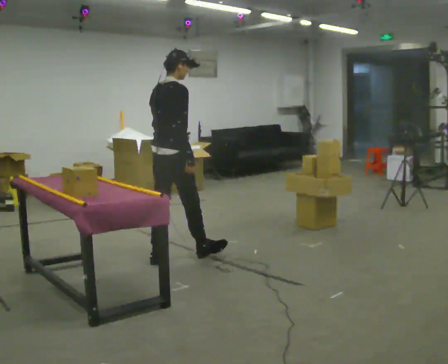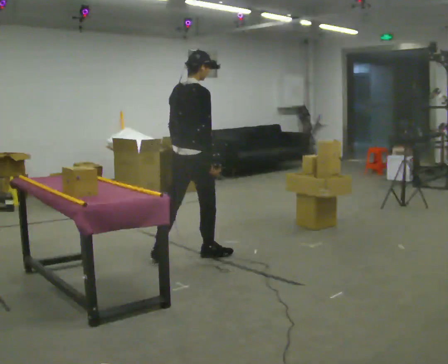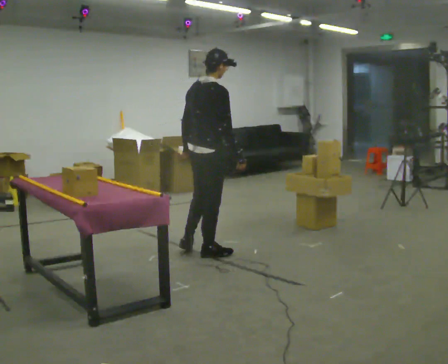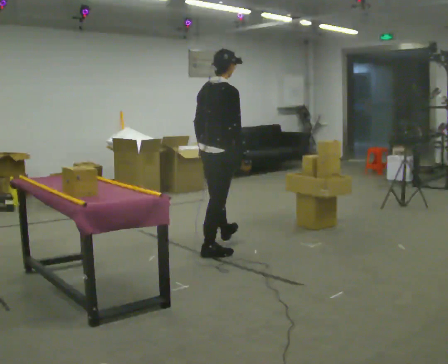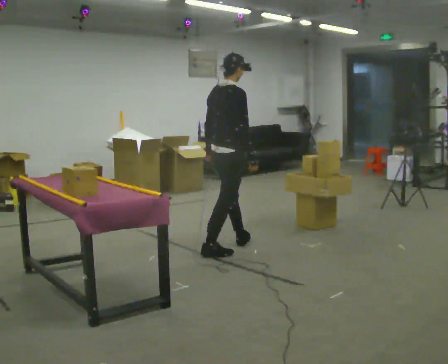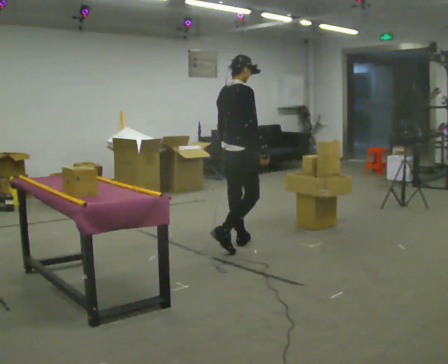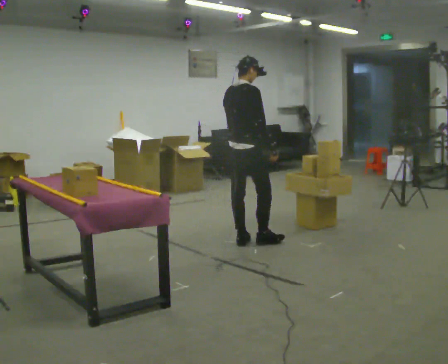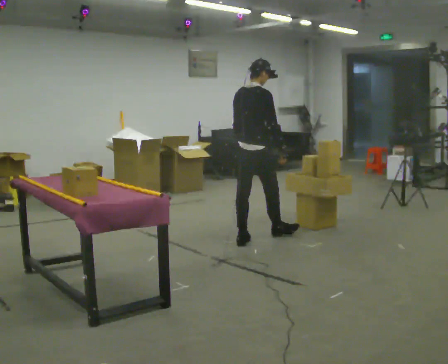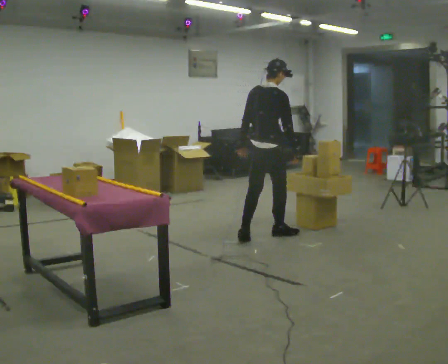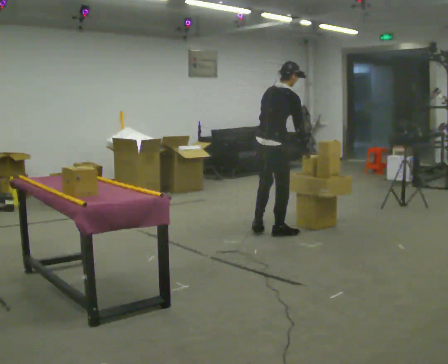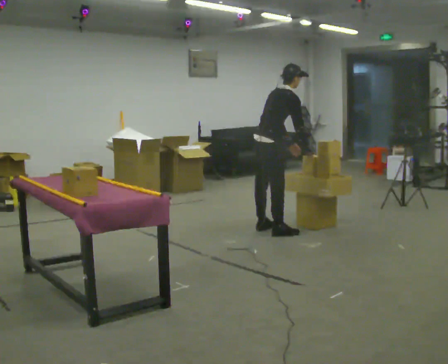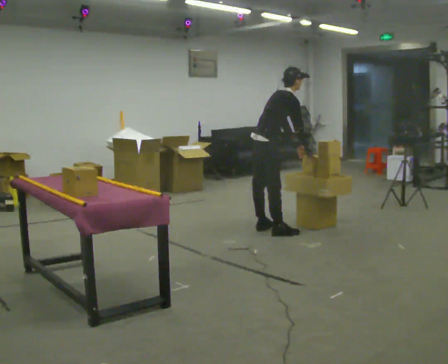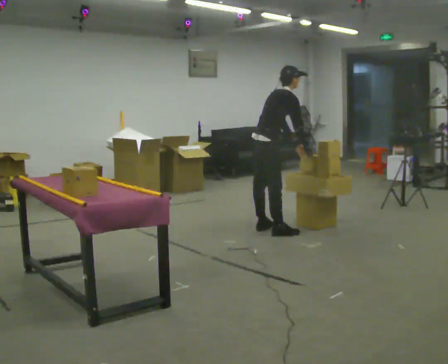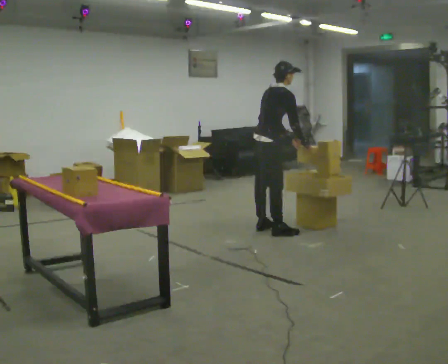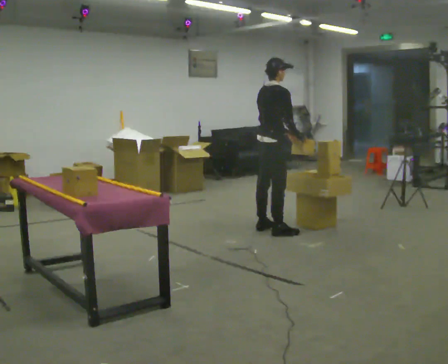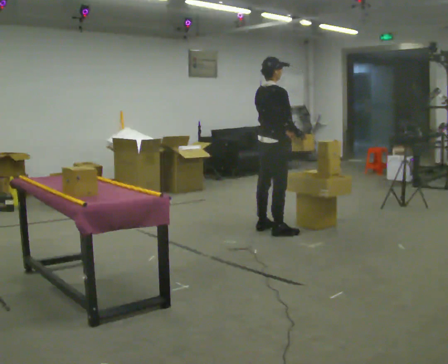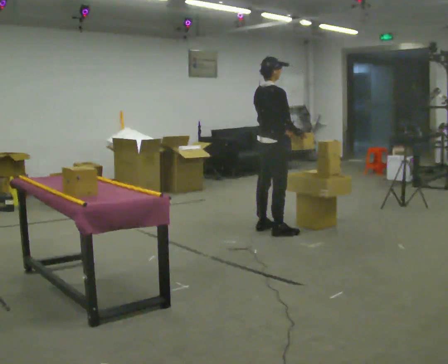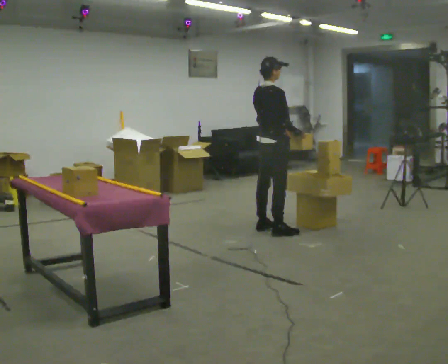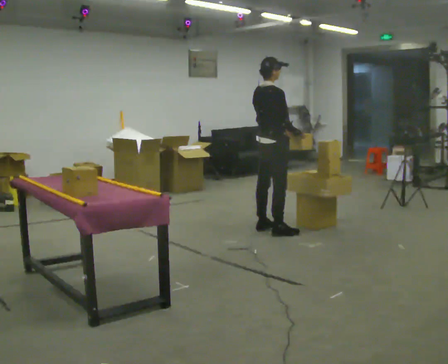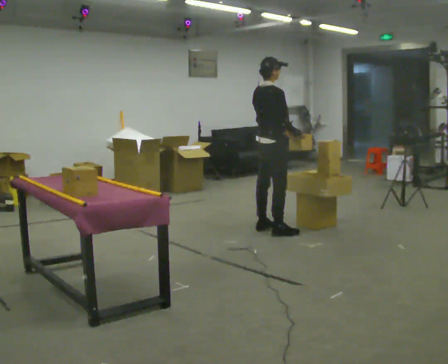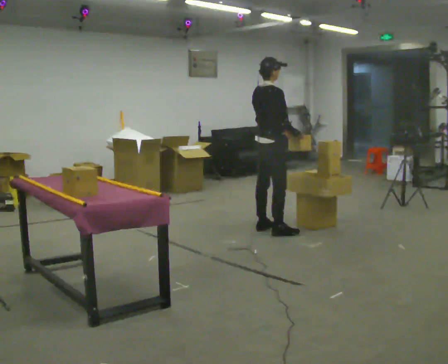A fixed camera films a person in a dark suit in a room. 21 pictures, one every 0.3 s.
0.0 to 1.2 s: In the picture they go to the right and away from the camera, about 0.5 m in 2 steps, which for them is forward.
1.2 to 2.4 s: In the picture they go away from the camera and to the right, about 0.5 m in 1 step, which for them is forward.
2.4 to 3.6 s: Seen from above the body turns clockwise, about 30 degrees: to their right, with its near side sliding to the left. In the picture they go away from the camera, about 0.25 m in 1 step, which for them is to their left and forward. In the picture the upper body tilts clockwise, shoulders to the right, as they bend forward. In the picture their left hand goes to the right.
3.6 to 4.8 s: In the picture the upper body tilts counterclockwise, shoulders to the left, as they lean back or straighten.
4.8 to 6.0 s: The person keeps their place and pose.
The film runs forward here.
